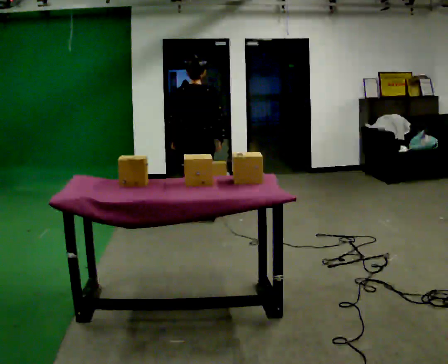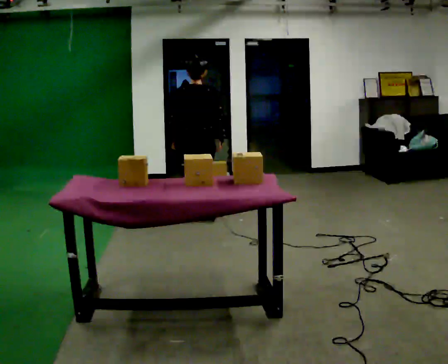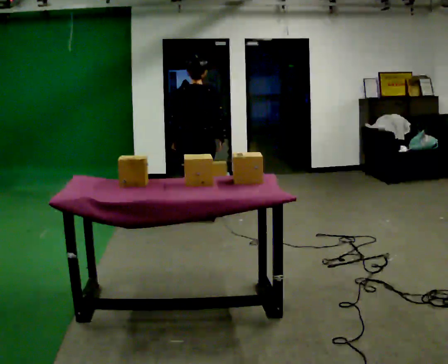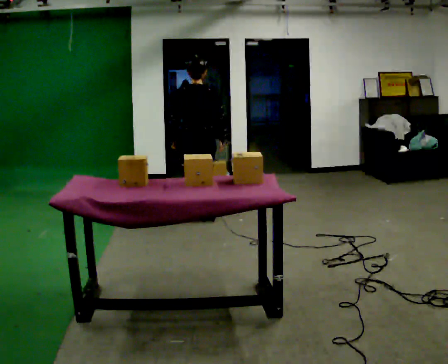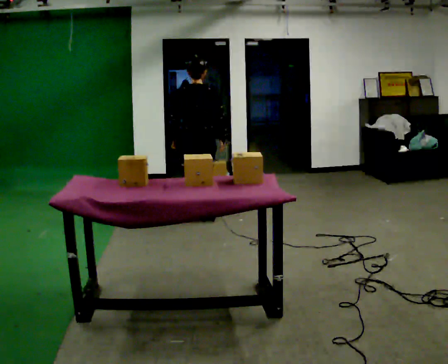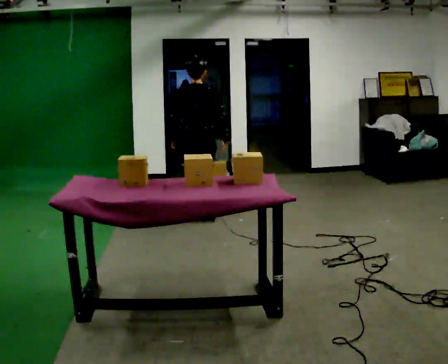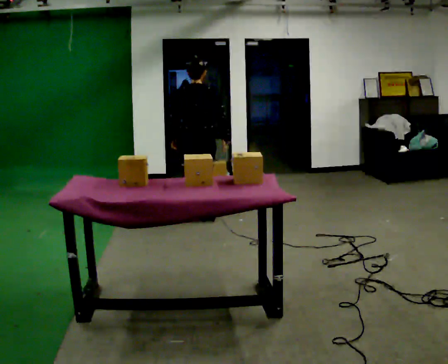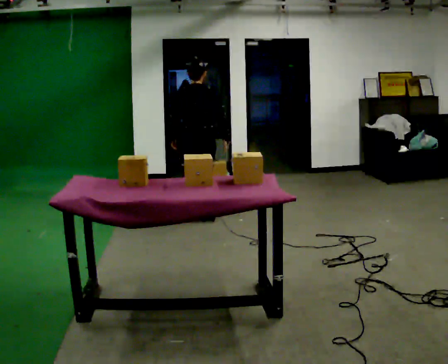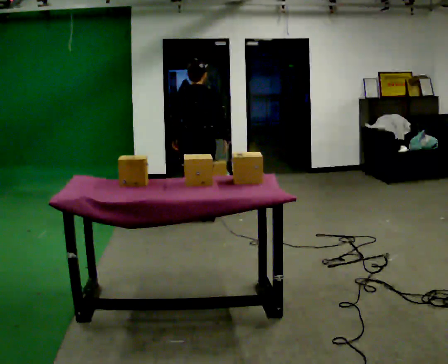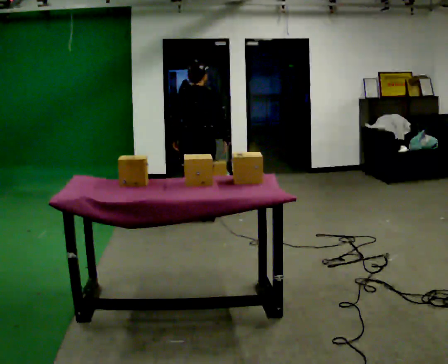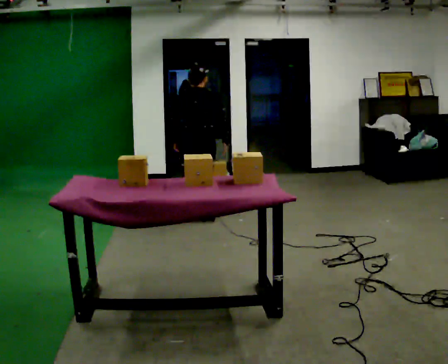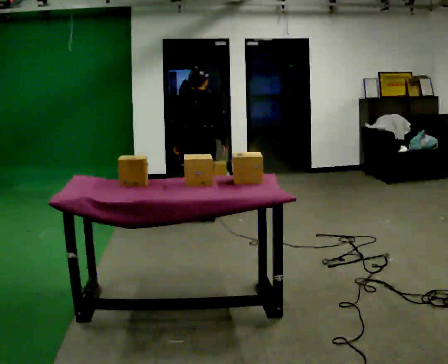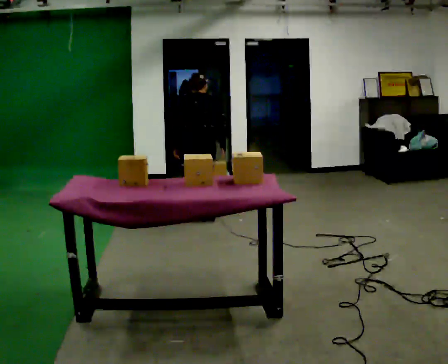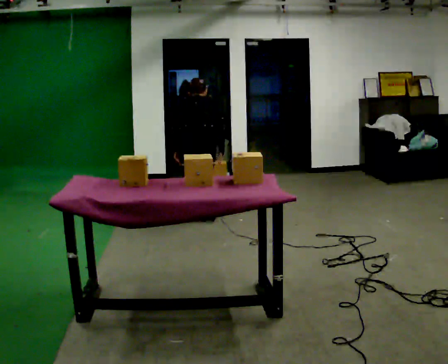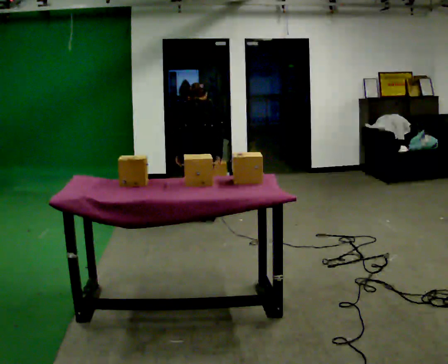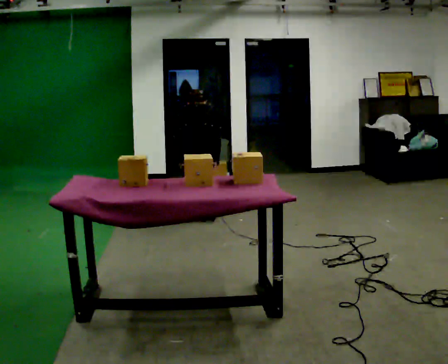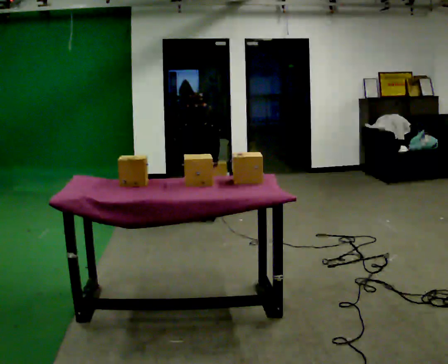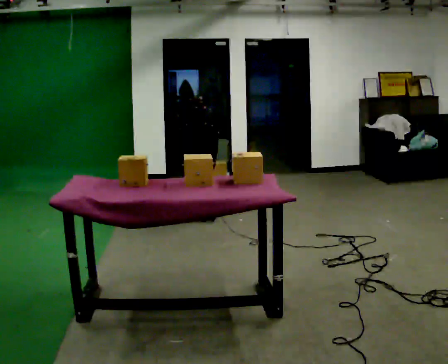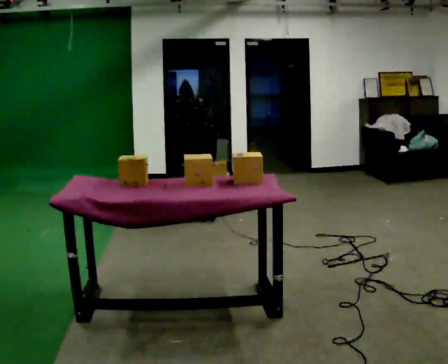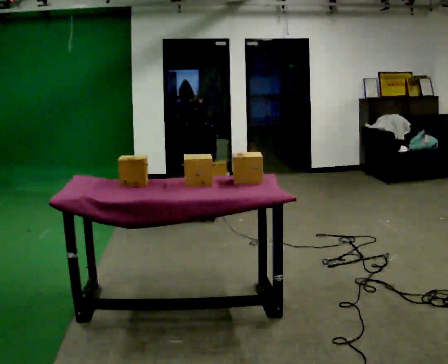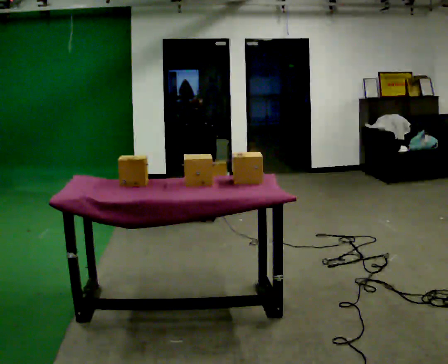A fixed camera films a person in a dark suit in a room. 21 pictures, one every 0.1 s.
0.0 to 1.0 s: The upper body tips away from the camera, its near side rolling upward, as they bend forward.
1.0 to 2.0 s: The upper body goes downward. The upper body tips away from the camera, its near side rolling upward, as they bend forward.
The film runs backward here.
